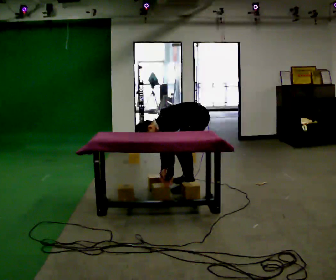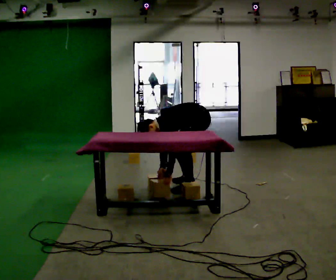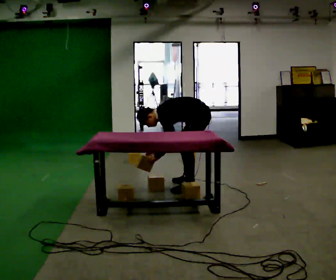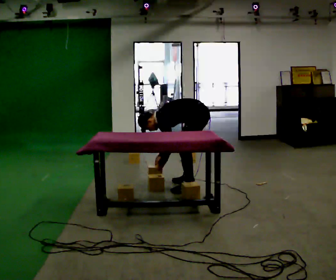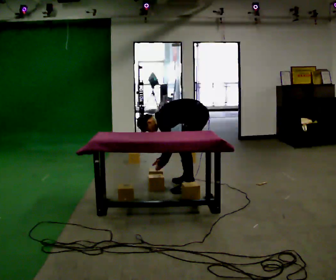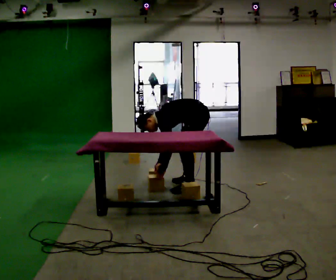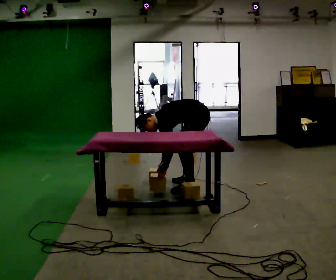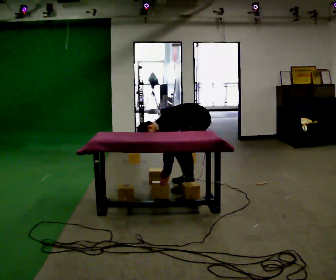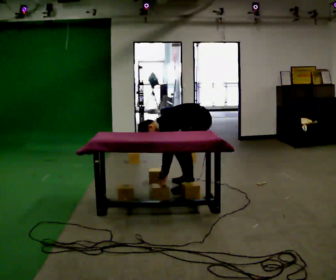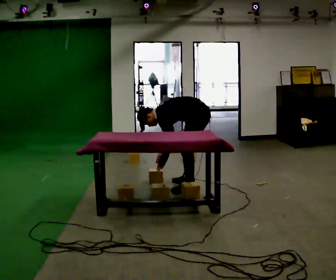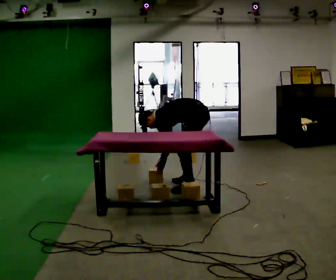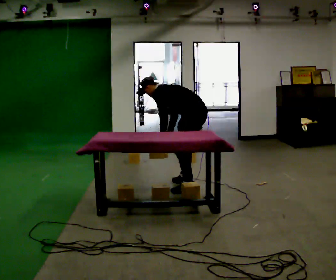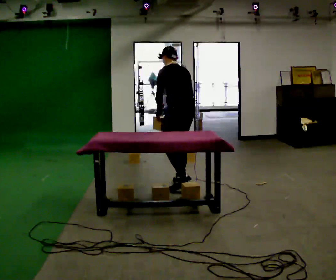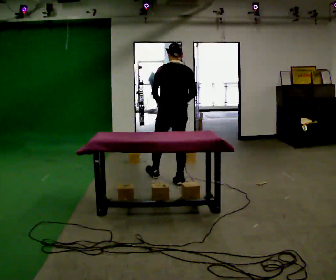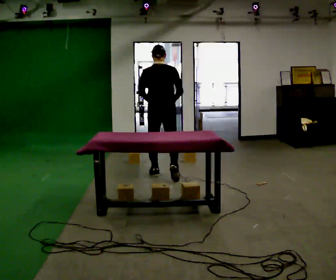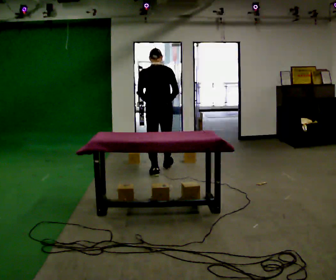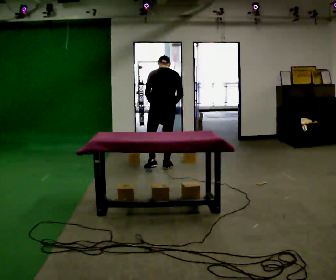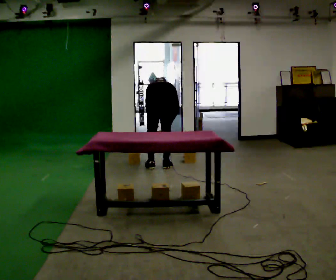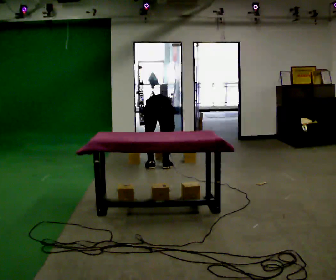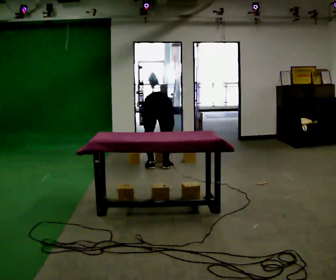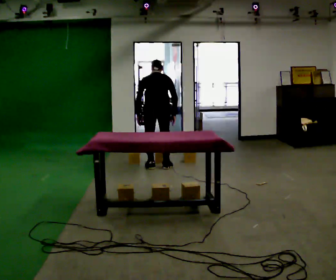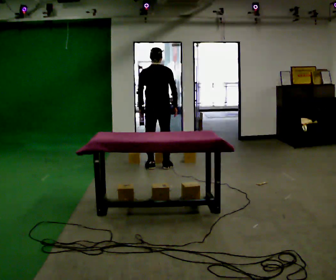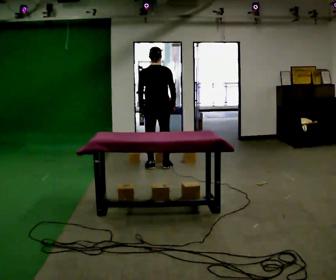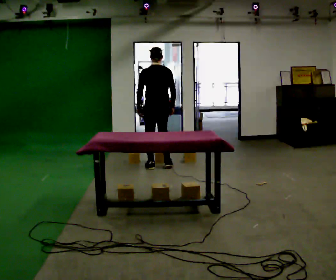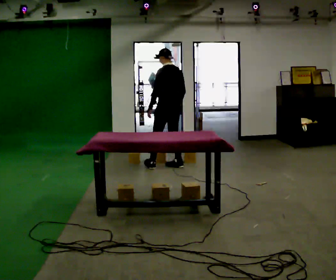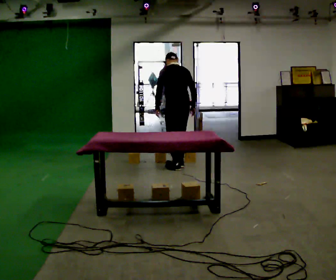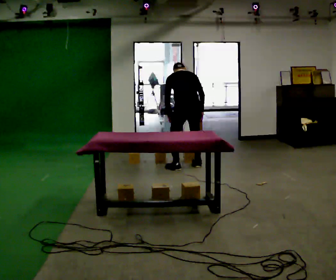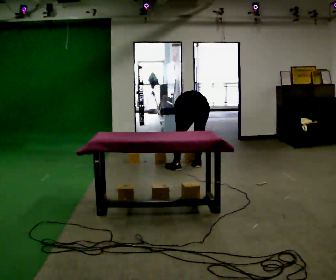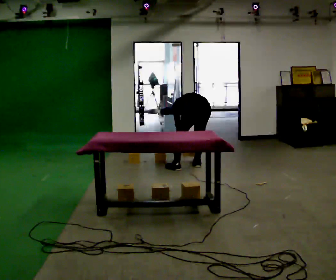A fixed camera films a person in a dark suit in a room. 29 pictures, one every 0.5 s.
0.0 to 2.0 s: The upper body tips away from the camera, its near side rolling upward.
2.0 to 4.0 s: The upper body tips away from the camera, its near side rolling upward.
4.0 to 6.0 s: Seen from above the body turns clockwise, about 60 degrees: to their right, with its near side sliding to the left. In the picture they go to the left, about 0.25 m in 1 step. The shoulders move upward. In the picture the upper body tilts clockwise, shoulders to the right, as they lean back or straighten. In the picture their left hand goes upward.
6.0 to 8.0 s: Seen from above the body turns clockwise, about 30 degrees: to their right, with its near side sliding to the left. In the picture they go away from the camera, about 1 m in 2 steps, which for them is forward and to their left.
8.0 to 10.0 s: The person moves a little, or ends about where they began.
10.0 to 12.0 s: The person turns about 30 degrees to their left, counterclockwise seen from above, so the part of the body nearest the lens slides to the right. In the picture they go to the right, about 0.25 m in 1 step, which for them is to their right and forward. The upper body tips toward the camera, its near side rolling downward, as they lean back or straighten.
12.0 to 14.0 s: In the picture they go to the right and toward the camera, about 0.5 m in 2 steps, which for them is to their right and backward. The upper body goes downward. The upper body tips away from the camera, its near side rolling upward, as they bend forward. In the picture their left hand goes downward.
The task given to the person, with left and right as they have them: Take the boxes off the top, get the one from the bottom, carry it away, then put the others back. Keep going until the operator says stop; one object at a time, and do not rush between trips.
The film runs forward here.
